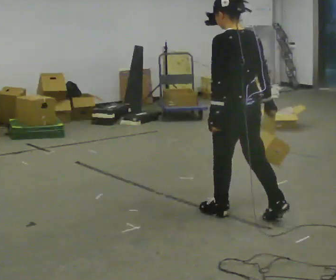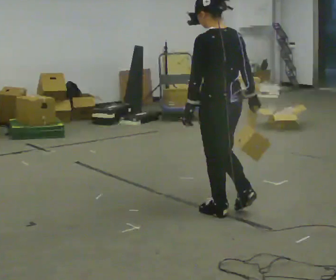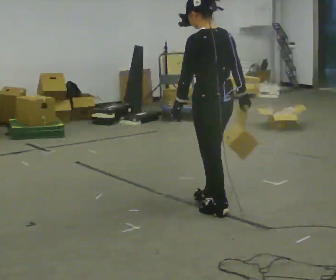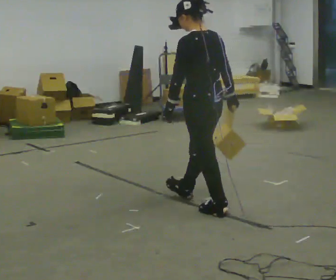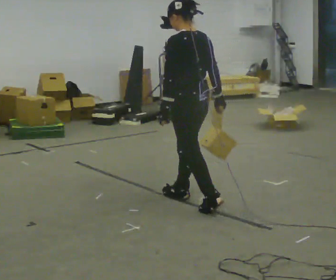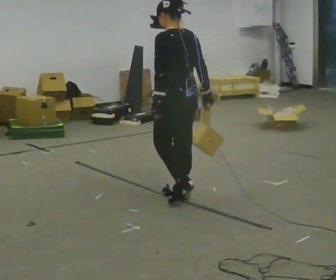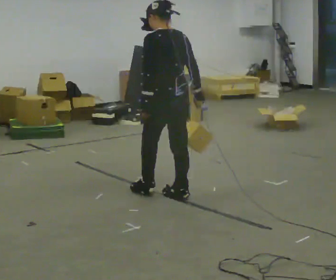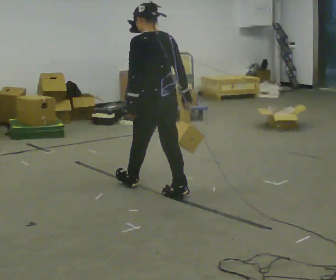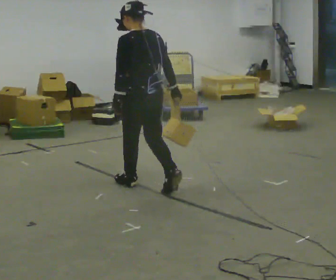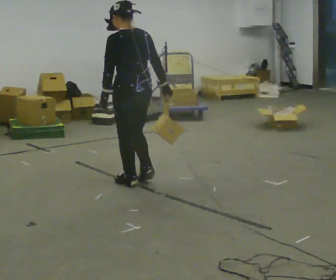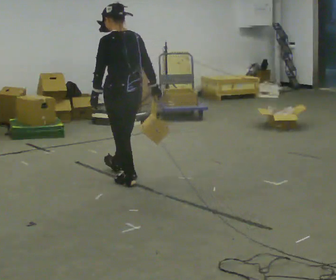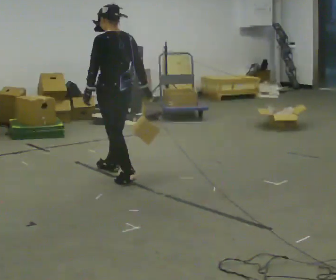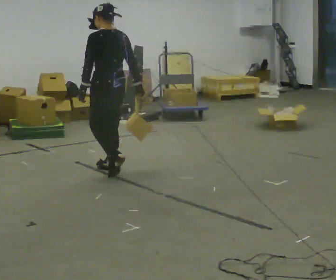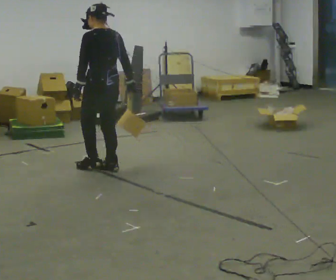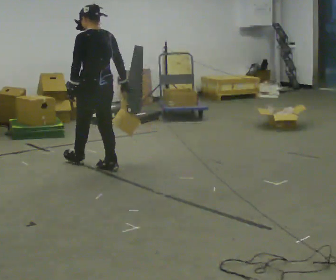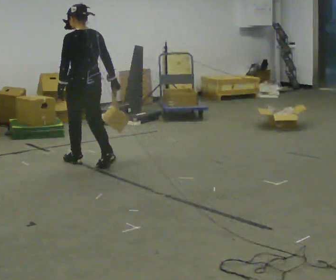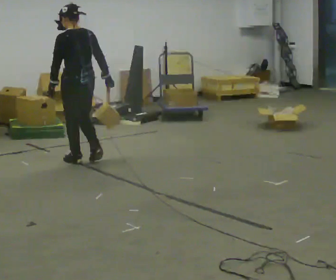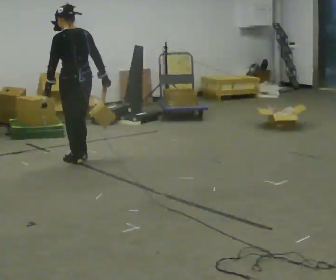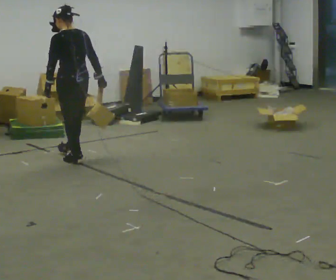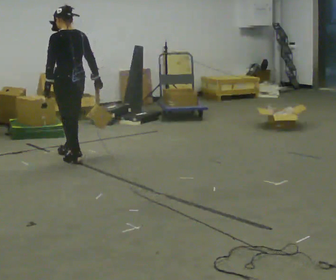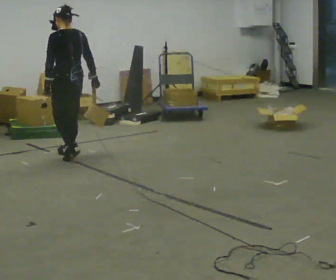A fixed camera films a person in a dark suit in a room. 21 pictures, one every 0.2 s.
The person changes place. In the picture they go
away from the camera.
0.0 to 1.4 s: In the picture they go away from the camera and to the left, about 1 m in 2 steps, which for them is forward.
1.4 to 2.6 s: In the picture they go away from the camera and to the left, about 1 m in 1 step, which for them is forward.
2.6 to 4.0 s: In the picture they go away from the camera and to the left, about 0.5 m in 2 steps, which for them is forward.
The film runs forward here.
